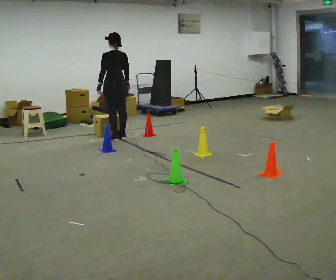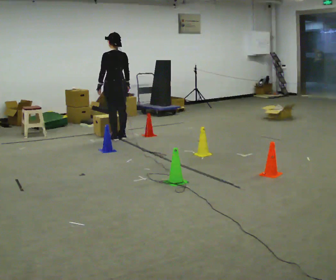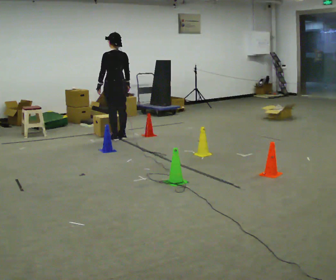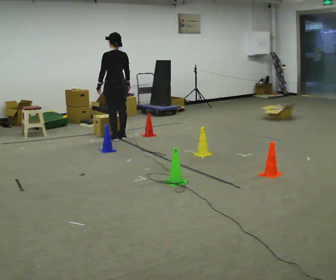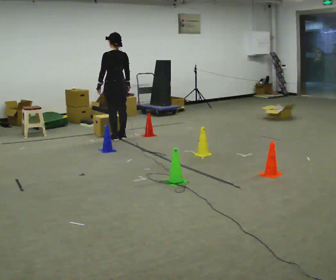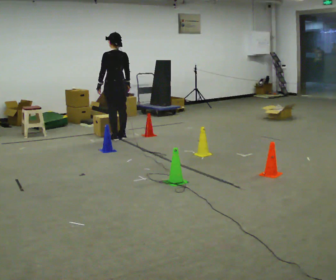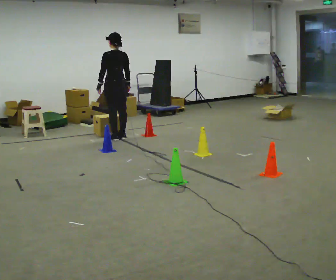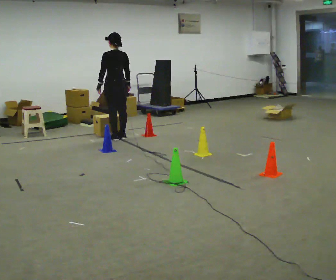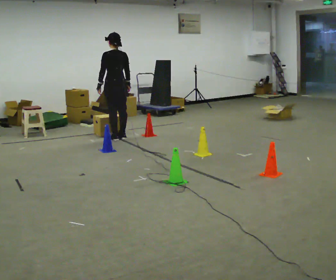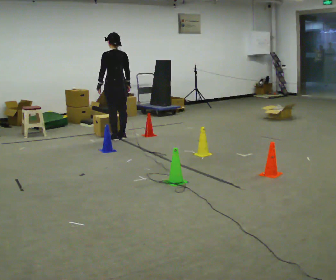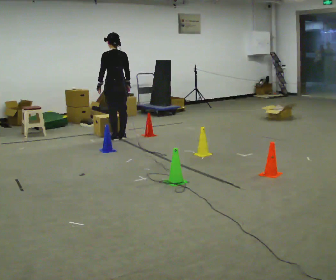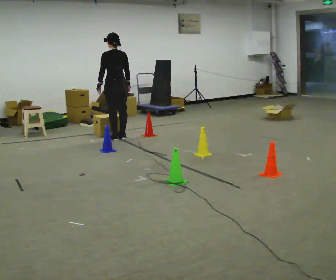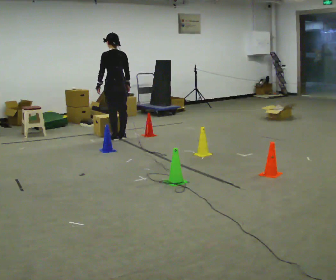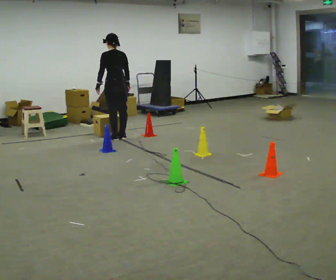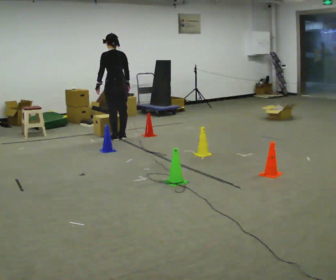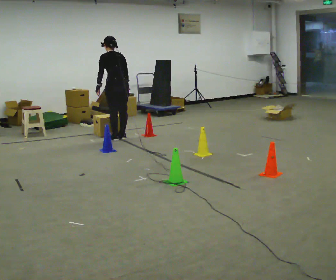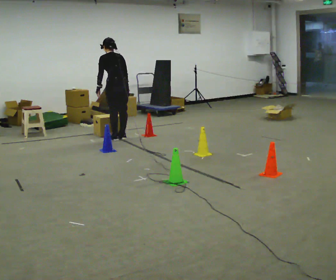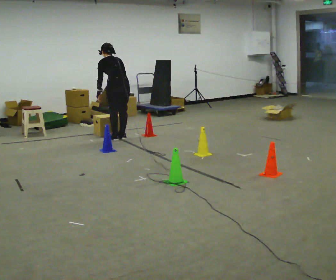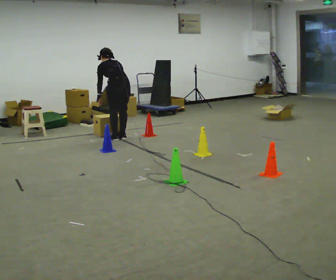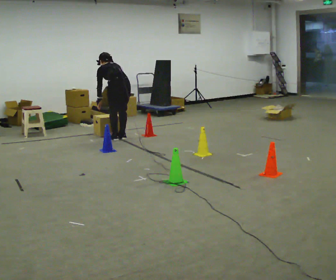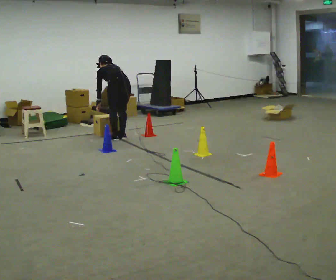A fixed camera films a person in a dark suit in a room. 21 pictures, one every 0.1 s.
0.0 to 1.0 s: The person keeps their place and pose.
1.0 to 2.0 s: The upper body goes downward. The upper body tips away from the camera, its near side rolling upward, as they bend forward.
The film runs forward here.
